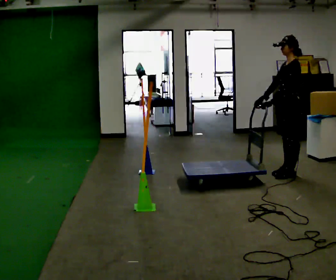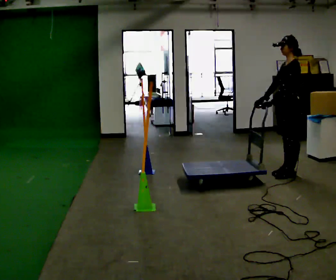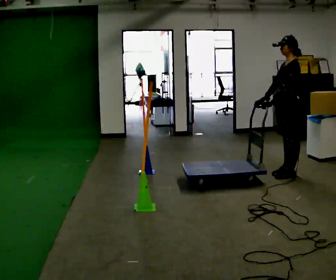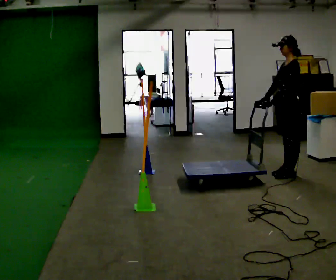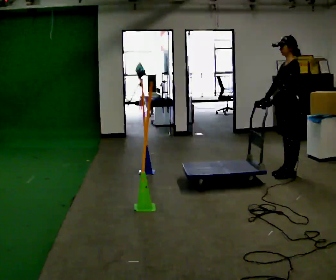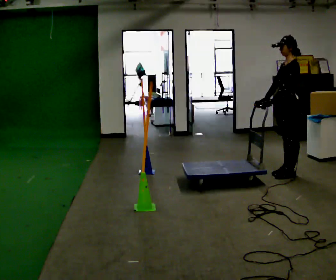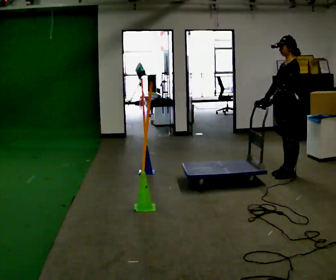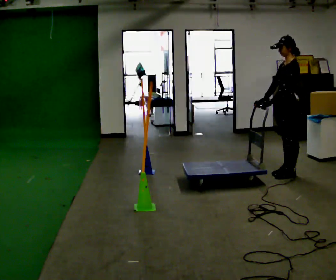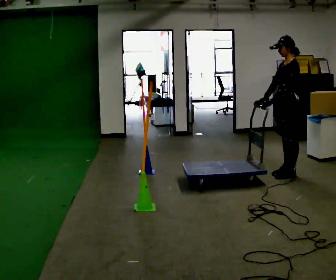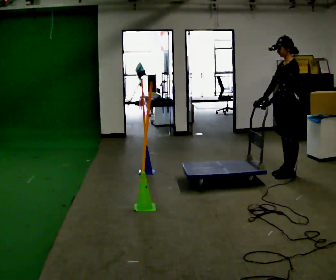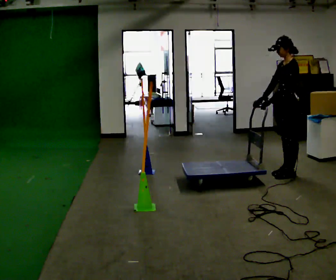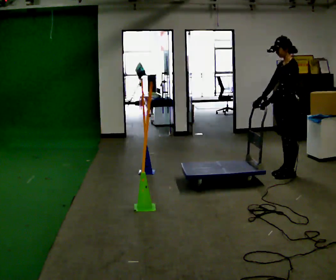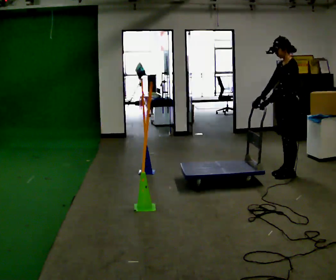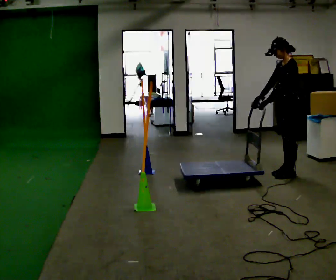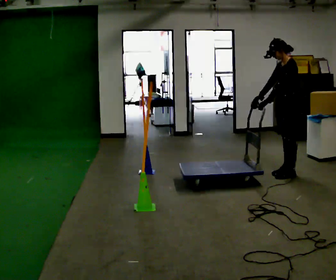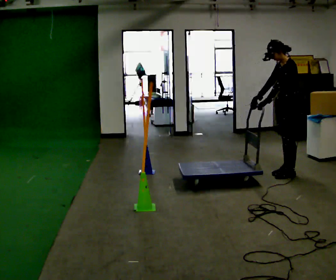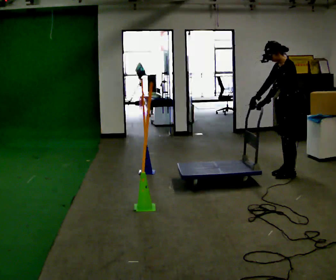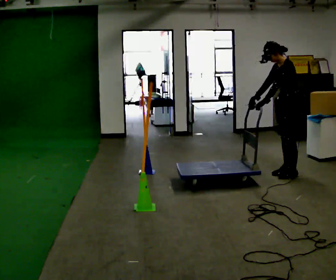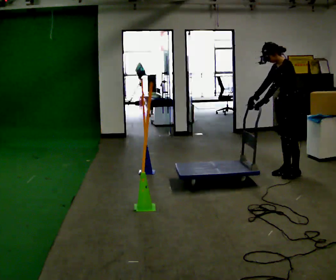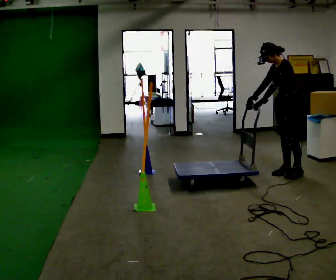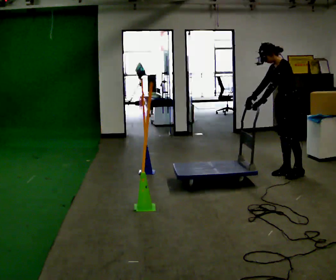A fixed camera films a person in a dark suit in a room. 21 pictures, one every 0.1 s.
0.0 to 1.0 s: The person moves a little, or ends about where they began.
1.0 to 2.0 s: In the picture the upper body tilts counterclockwise, shoulders to the left, as they bend forward.
The film runs backward here.
